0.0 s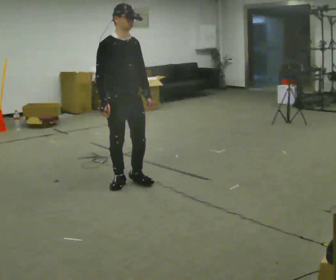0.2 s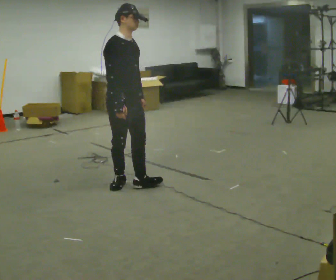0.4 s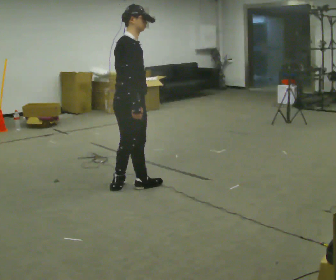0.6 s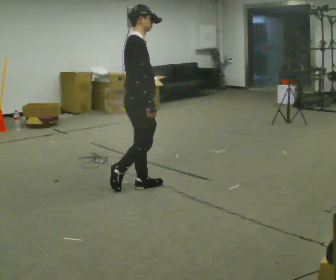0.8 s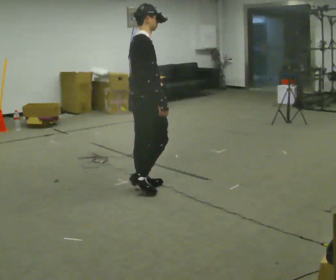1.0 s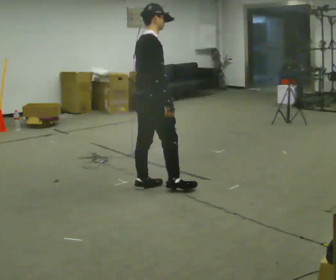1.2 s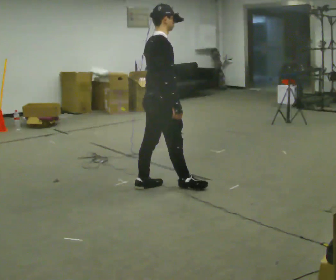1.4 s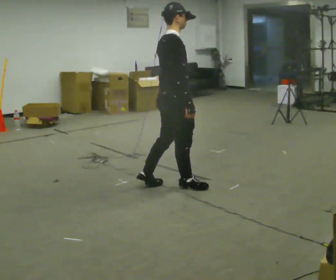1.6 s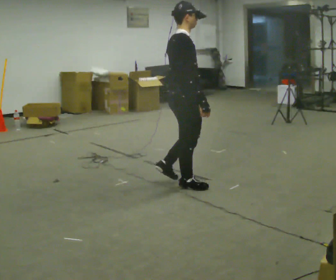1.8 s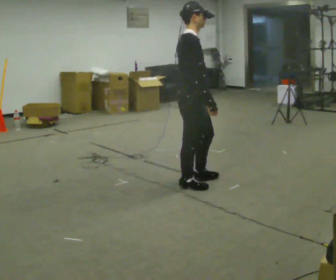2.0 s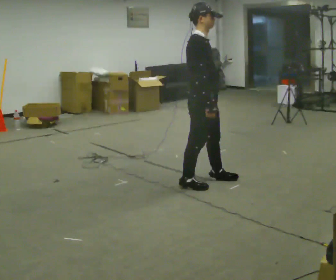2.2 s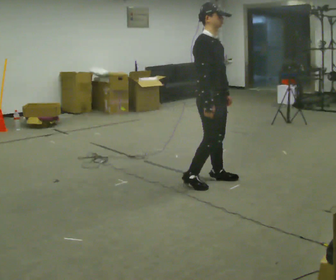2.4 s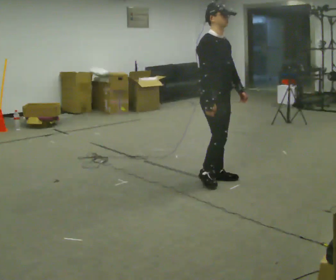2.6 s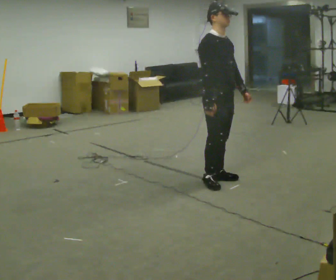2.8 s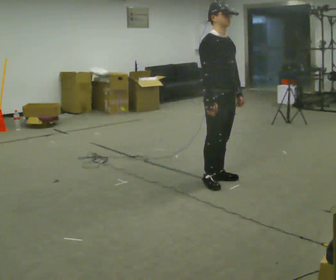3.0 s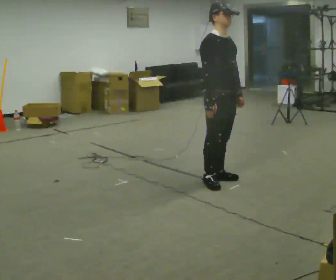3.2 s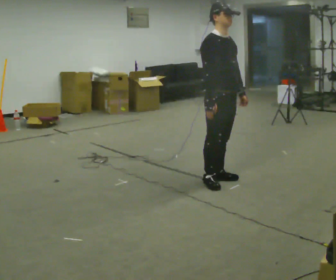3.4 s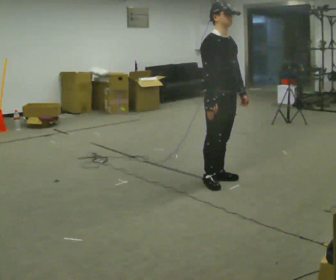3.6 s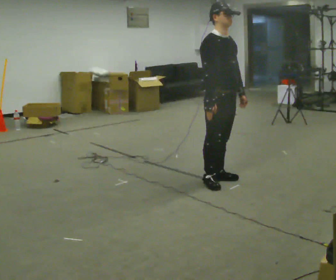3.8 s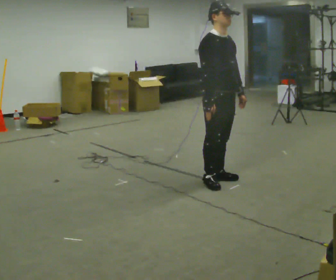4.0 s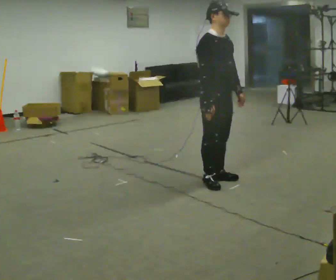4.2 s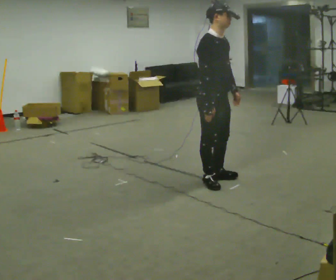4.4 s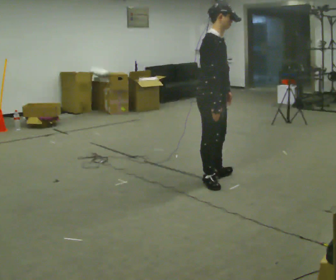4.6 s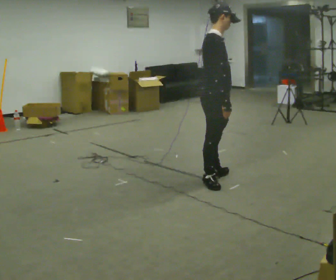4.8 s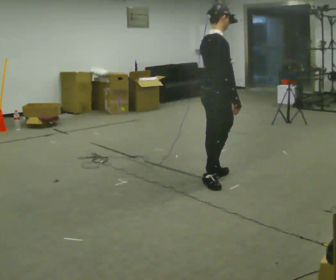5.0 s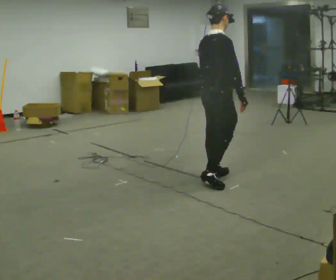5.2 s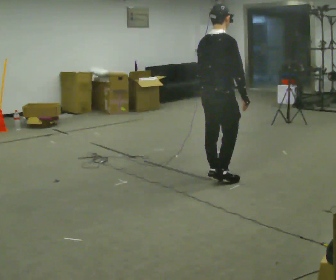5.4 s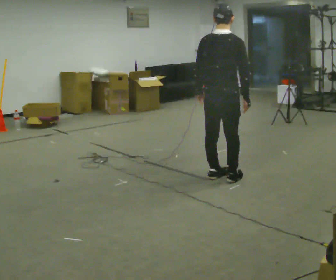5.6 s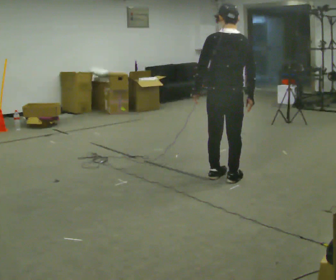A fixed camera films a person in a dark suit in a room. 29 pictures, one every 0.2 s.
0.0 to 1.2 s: The part of the body nearest the lens slides to the right as the person turns to their left by about 75 degrees. In the picture they go to the right, about 0.25 m in 2 steps.
1.2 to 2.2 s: The person turns about 45 degrees to their right, clockwise seen from above, so the part of the body nearest the lens slides to the left. In the picture they go to the right, about 0.5 m in 1 step, which for them is forward.
2.2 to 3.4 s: The person moves a little, or ends about where they began.
3.4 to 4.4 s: The person turns about 30 degrees to their left, counterclockwise seen from above, so the part of the body nearest the lens slides to the right.
4.4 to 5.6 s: The part of the body nearest the lens slides to the right as the person turns to their left by about 105 degrees.
The film runs forward here.
